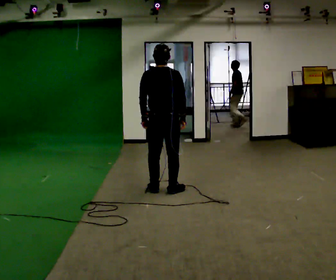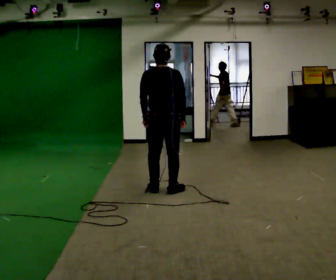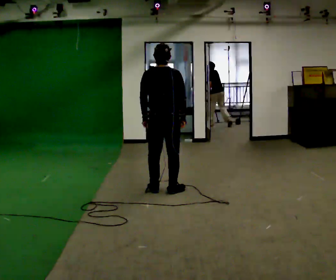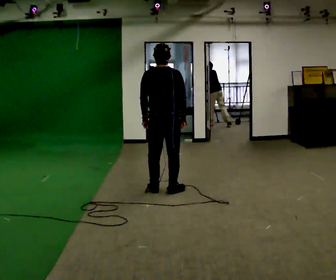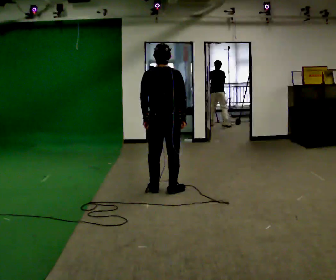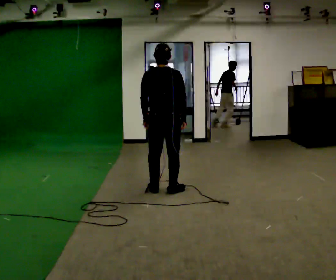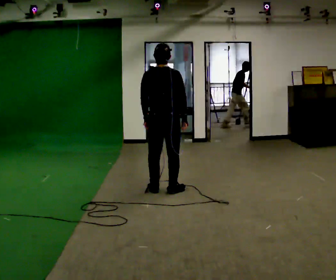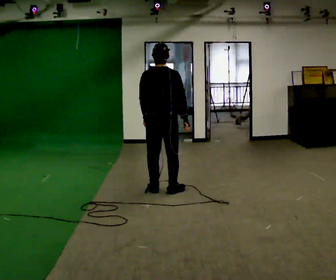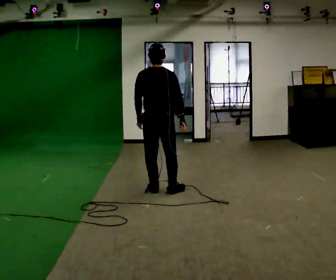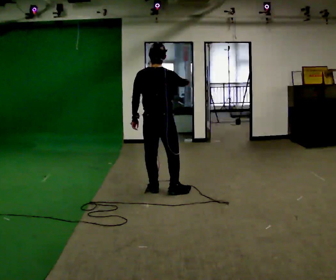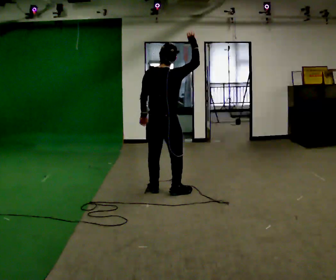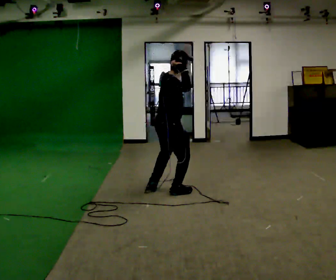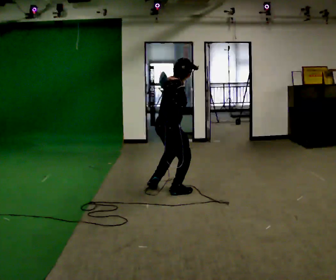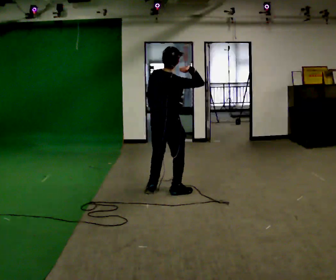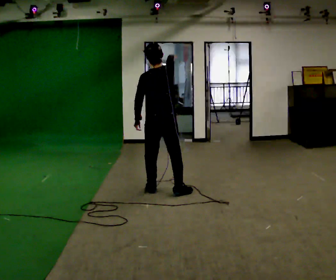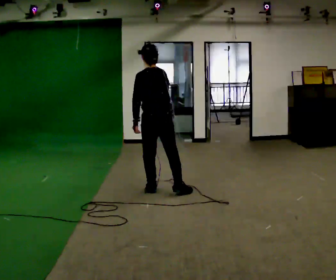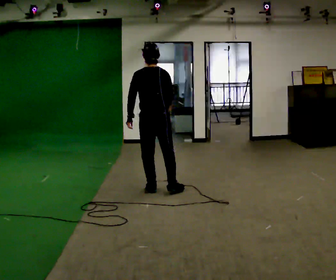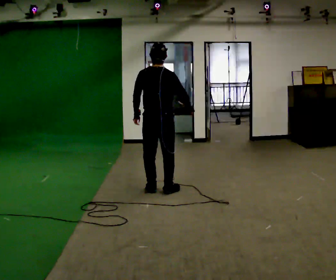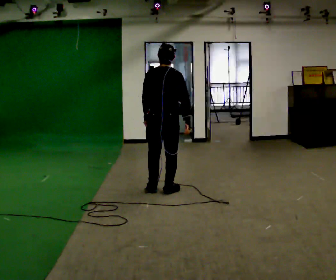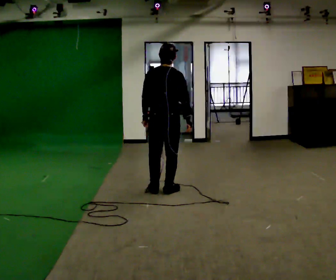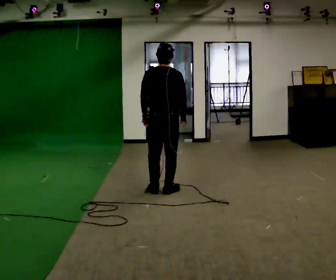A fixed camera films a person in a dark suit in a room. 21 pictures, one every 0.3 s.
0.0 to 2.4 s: The person moves a little, or ends about where they began.
2.4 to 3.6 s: The part of the body nearest the lens slides to the left as the person turns to their right by about 75 degrees. The upper body tips toward the camera, its near side rolling downward. In the picture their right hand goes upward.
3.6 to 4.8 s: Seen from above the body turns counterclockwise, about 90 degrees: to their left, with its near side sliding to the right. The upper body tips away from the camera, its near side rolling upward.
4.8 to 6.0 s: The person moves a little, or ends about where they began.
The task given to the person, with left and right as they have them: Mime throwing a ball overhand as far as you can, with no ball. Repeat the movement at your own pace until the operator says stop; do not rush.
The film runs forward here.
